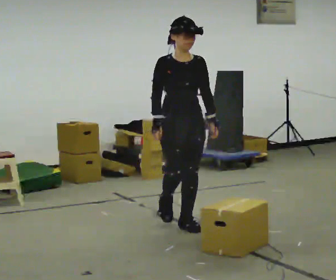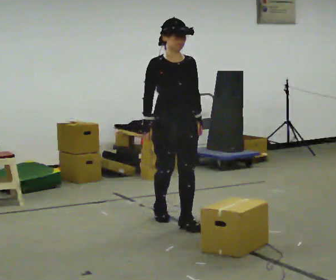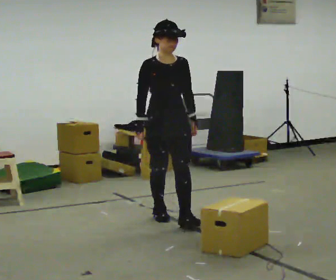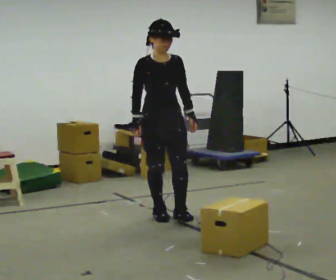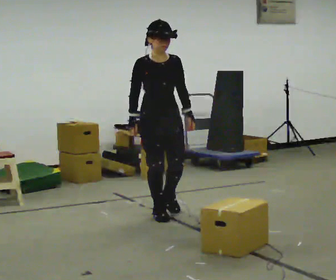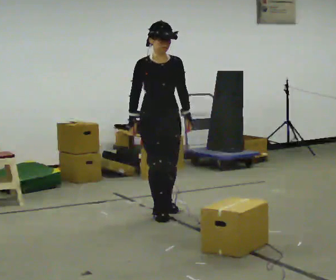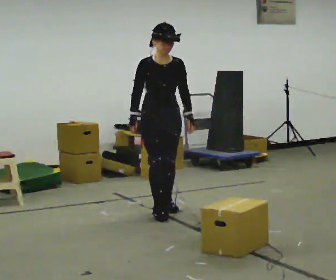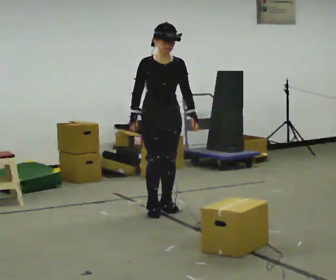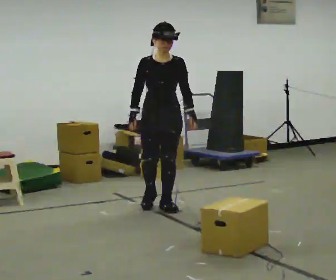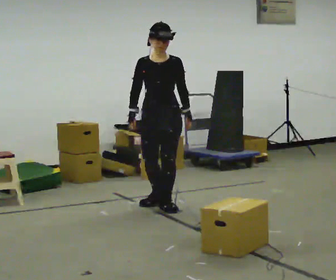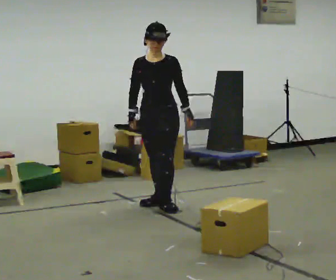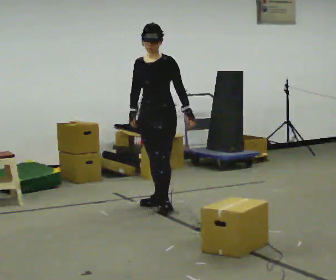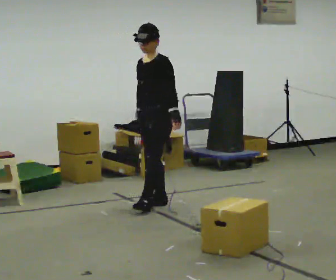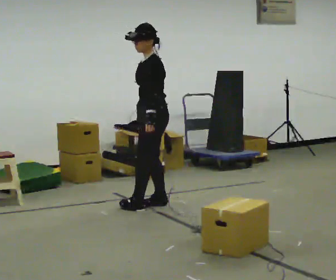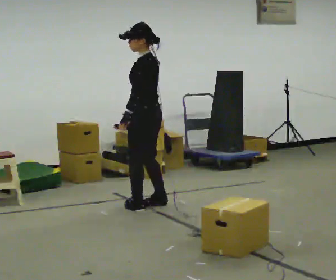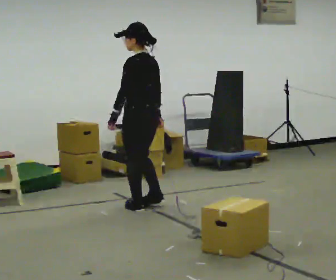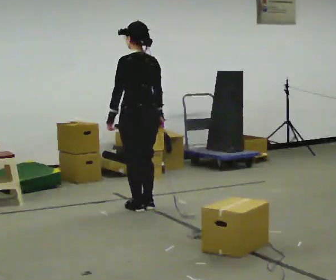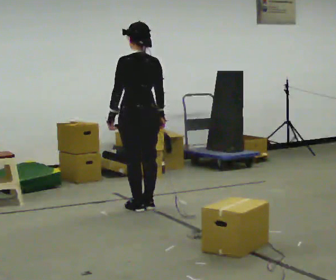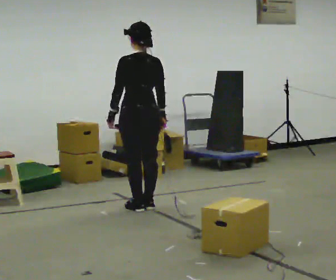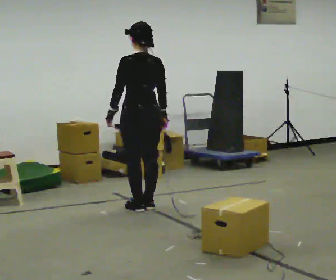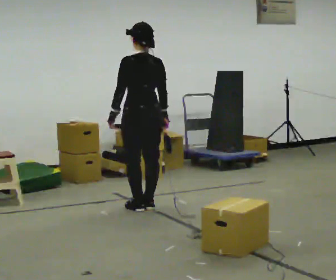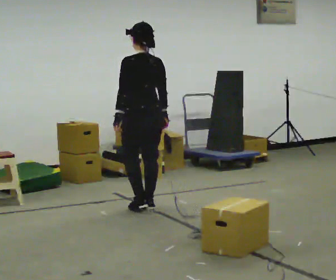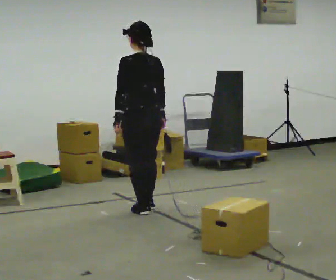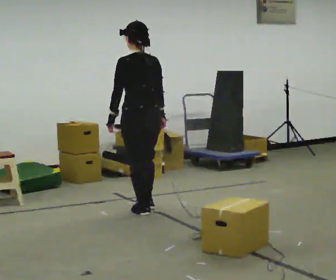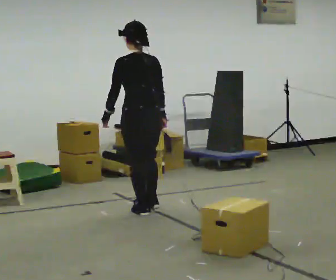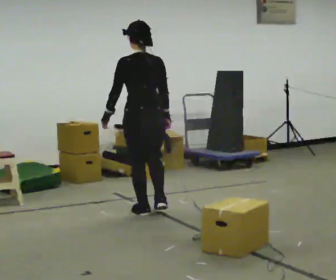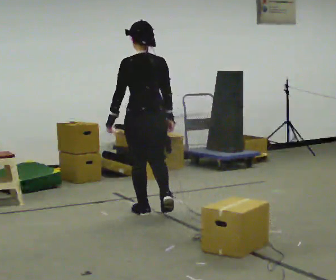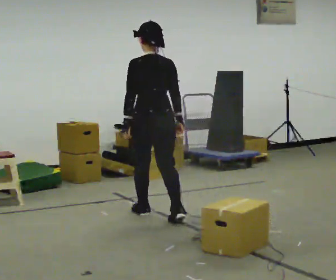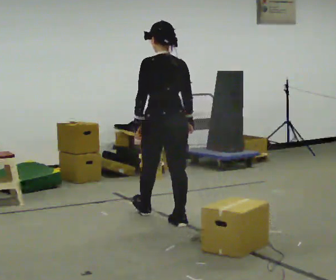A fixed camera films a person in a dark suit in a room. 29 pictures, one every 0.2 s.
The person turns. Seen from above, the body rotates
clockwise.
The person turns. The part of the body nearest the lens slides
to the left.
0.0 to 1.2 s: In the picture they go away from the camera and to the left, about 0.5 m in 1 step, which for them is backward.
1.2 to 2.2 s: Seen from above the body turns clockwise, about 30 degrees: to their right, with its near side sliding to the left. In the picture they go away from the camera, about 0.25 m in 1 step, which for them is backward.
2.2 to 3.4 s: The person turns about 135 degrees to their right, clockwise seen from above, so the part of the body nearest the lens slides to the left. In the picture they go toward the camera, about 0.25 m in 2 steps. In the picture their left hand goes to the left, the arm swinging clockwise.
3.4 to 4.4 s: The person moves a little, or ends about where they began.
4.4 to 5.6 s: In the picture they go toward the camera and to the right, about 0.5 m in 1 step, which for them is backward.
The film runs backward here.
